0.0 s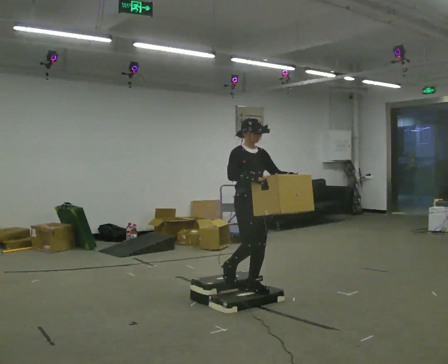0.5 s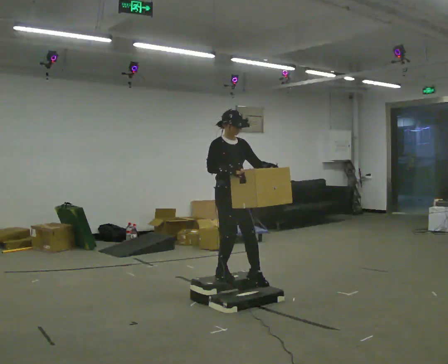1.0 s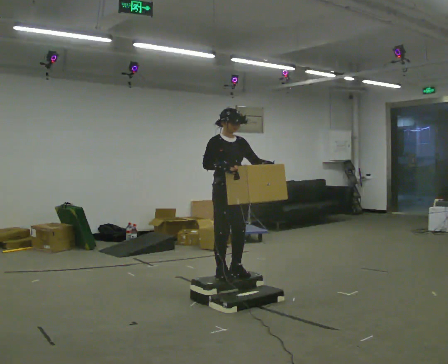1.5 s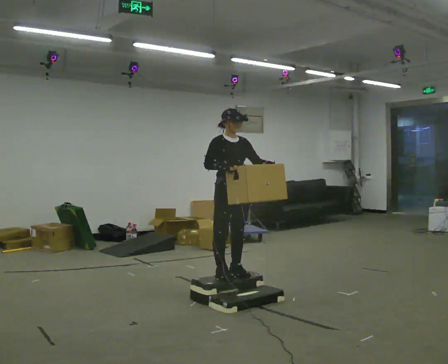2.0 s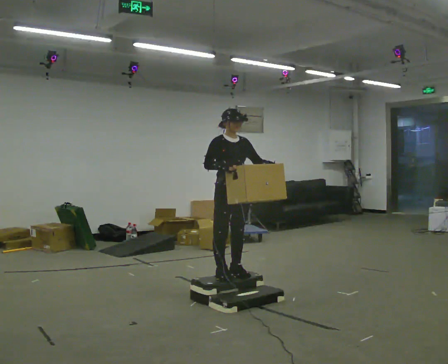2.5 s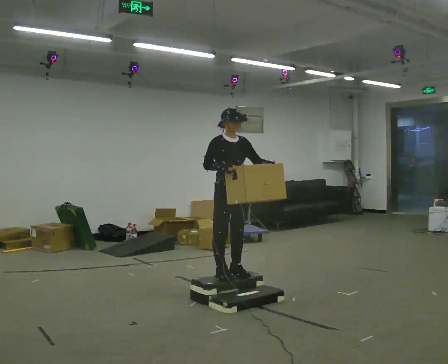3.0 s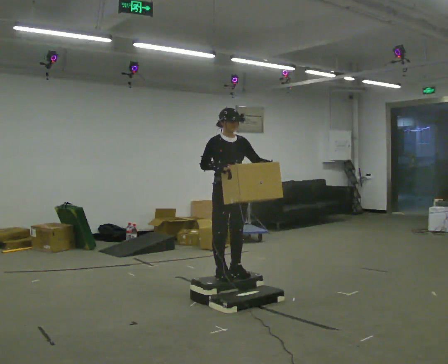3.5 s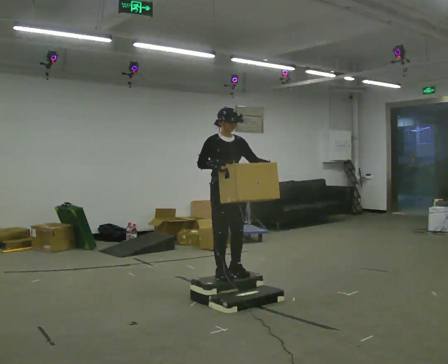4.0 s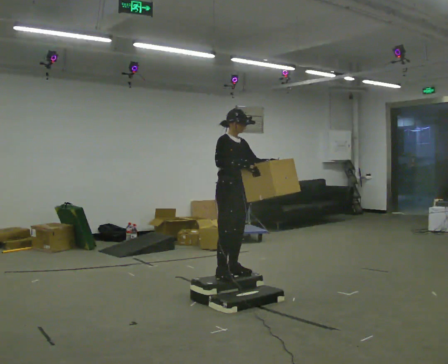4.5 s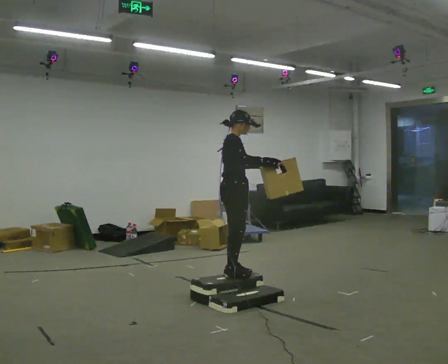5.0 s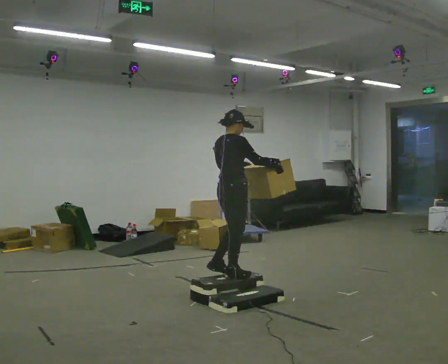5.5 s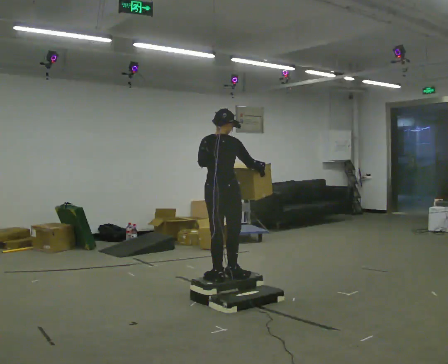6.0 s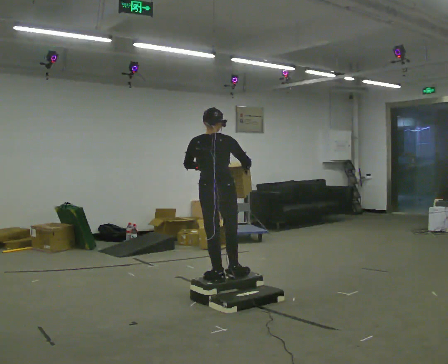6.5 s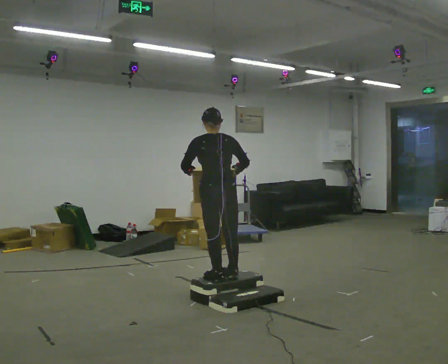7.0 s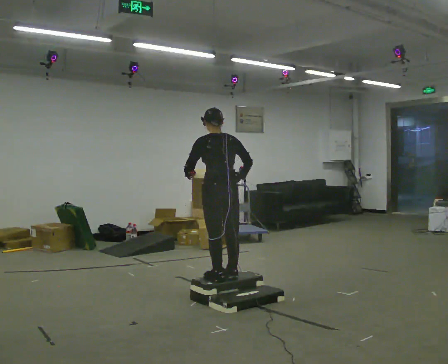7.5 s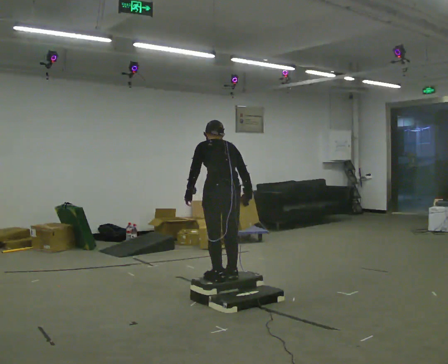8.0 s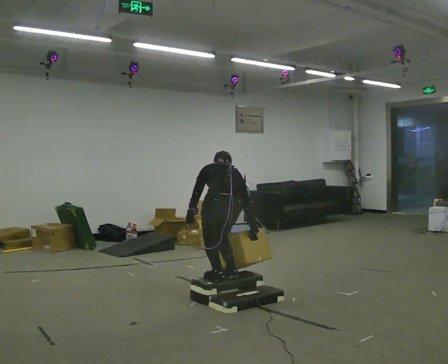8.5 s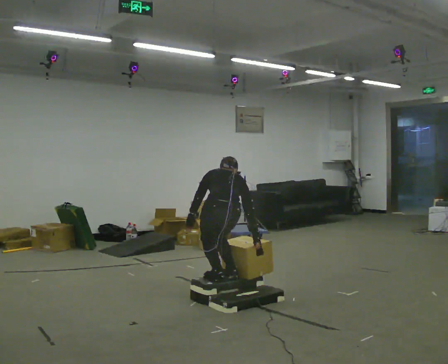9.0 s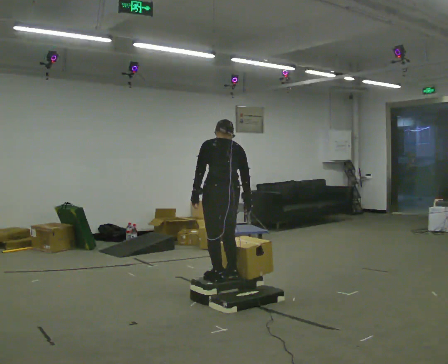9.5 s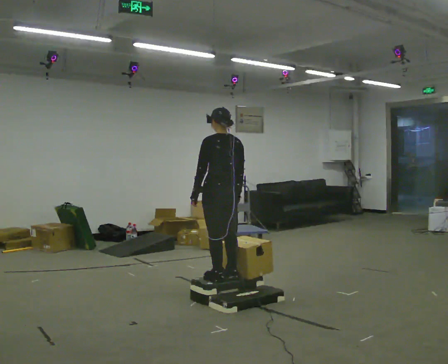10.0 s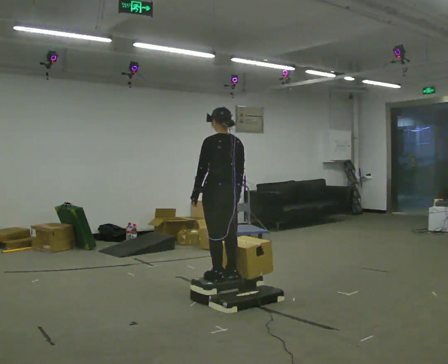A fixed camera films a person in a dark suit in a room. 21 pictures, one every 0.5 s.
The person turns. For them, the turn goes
to their left.
The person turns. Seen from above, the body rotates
counterclockwise.
0.0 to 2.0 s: In the picture they go to the left and away from the camera, about 0.25 m in 1 step, which for them is backward.
2.0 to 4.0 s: The person moves a little, or ends about where they began.
4.0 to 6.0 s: The person turns about 120 degrees to their left, counterclockwise seen from above, so the part of the body nearest the lens slides to the right. In the picture they go toward the camera, about 0.25 m in 2 steps.
6.0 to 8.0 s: The upper body goes downward. The upper body tips away from the camera, its near side rolling upward, as they bend forward. In the picture their left hand goes downward.
8.0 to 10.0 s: The shoulders move upward. The upper body tips toward the camera, its near side rolling downward, as they lean back or straighten.
The film runs backward here.
